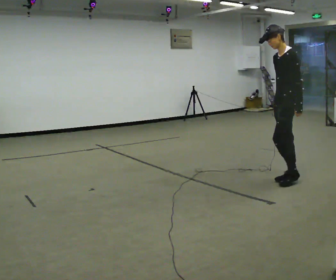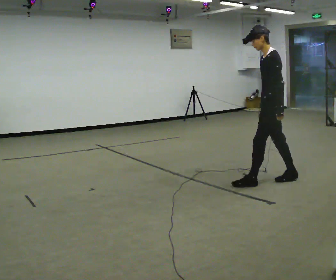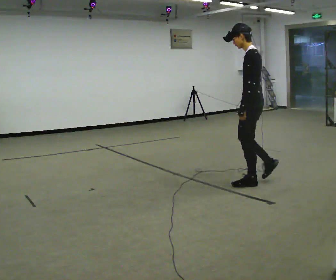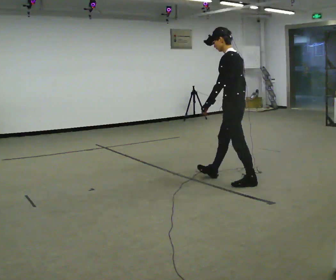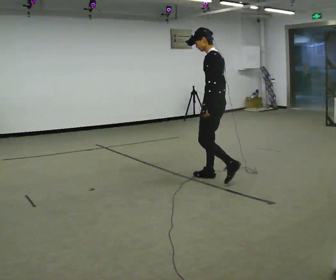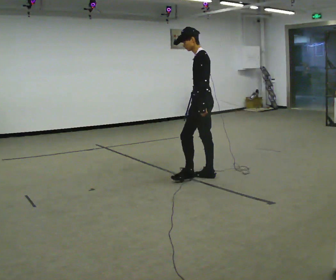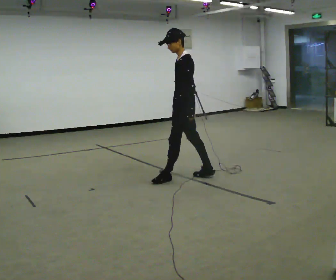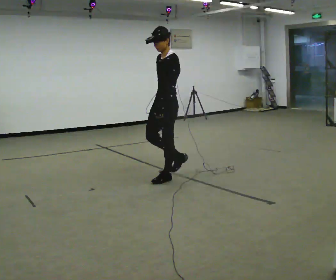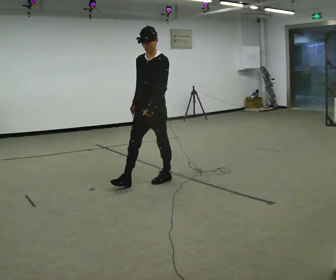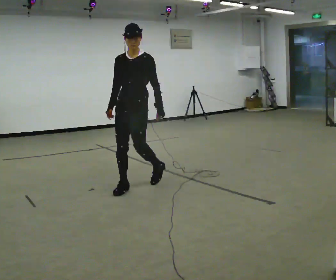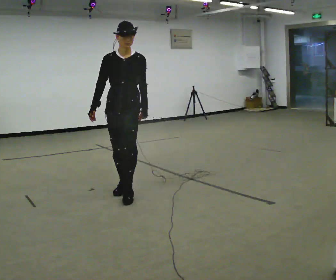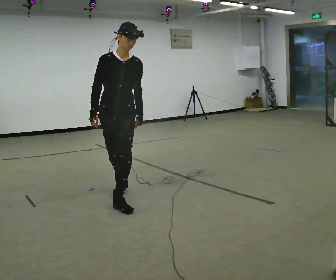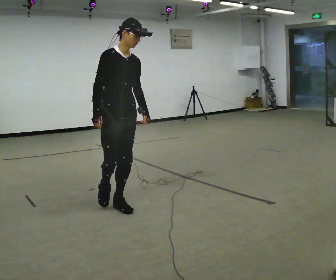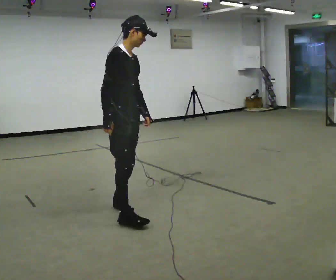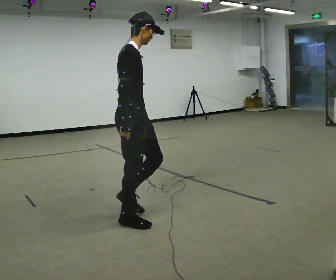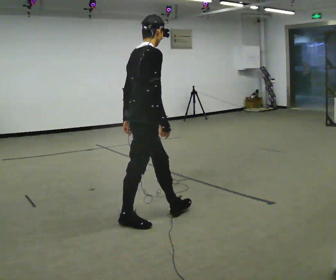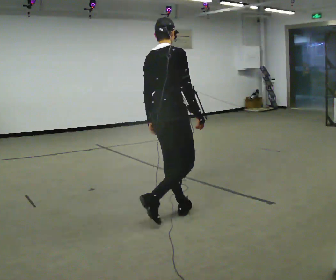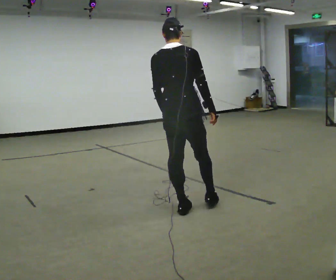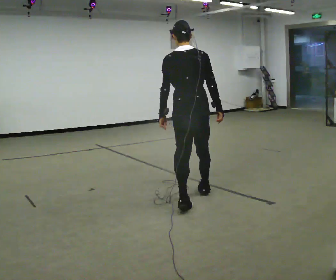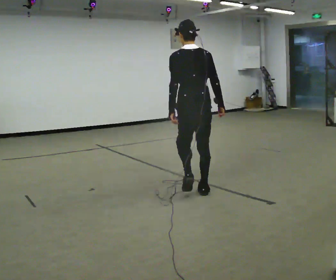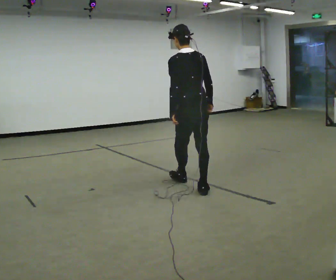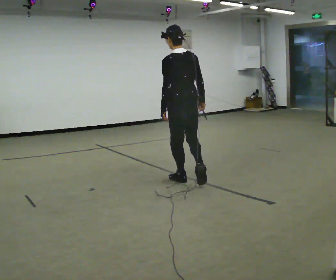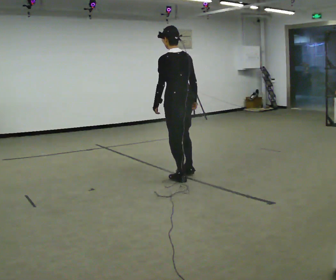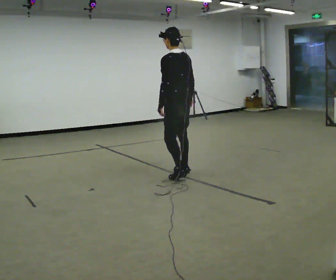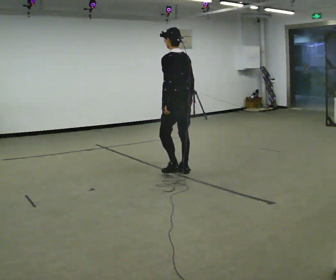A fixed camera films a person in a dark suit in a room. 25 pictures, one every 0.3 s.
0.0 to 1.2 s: Seen from above the body turns clockwise, about 30 degrees: to their right, with its near side sliding to the left. In the picture they go to the left, about 1 m in 2 steps, which for them is forward.
1.2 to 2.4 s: The part of the body nearest the lens slides to the right as the person turns to their left by about 75 degrees. In the picture they go to the left, about 0.5 m in 1 step.
2.4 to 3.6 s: The part of the body nearest the lens slides to the right as the person turns to their left by about 75 degrees. In the picture they go toward the camera and to the left, about 1 m in 2 steps.
3.6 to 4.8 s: The part of the body nearest the lens slides to the right as the person turns to their left by about 105 degrees. In the picture they go to the right and toward the camera, about 0.5 m in 2 steps.
4.8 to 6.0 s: The part of the body nearest the lens slides to the right as the person turns to their left by about 60 degrees. In the picture they go away from the camera and to the right, about 1 m in 1 step.
6.0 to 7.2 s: In the picture they go away from the camera, about 0.5 m in 2 steps, which for them is forward and to their right.
The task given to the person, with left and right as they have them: Walk one full figure-eight continuously at comfortable speed; stop.
The film runs forward here.
